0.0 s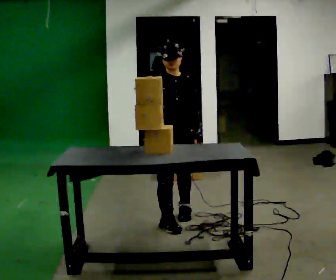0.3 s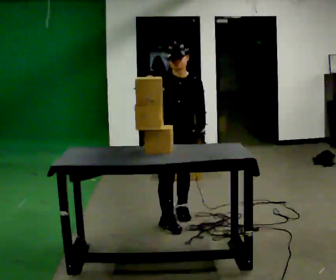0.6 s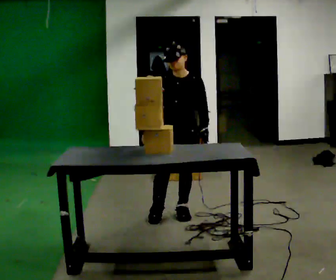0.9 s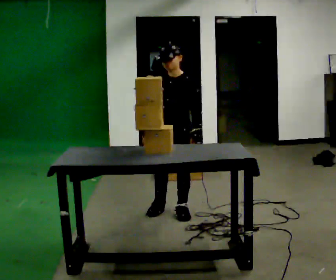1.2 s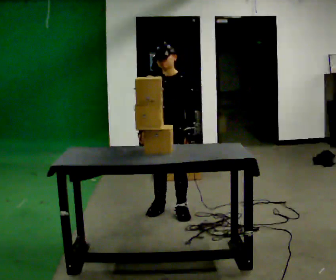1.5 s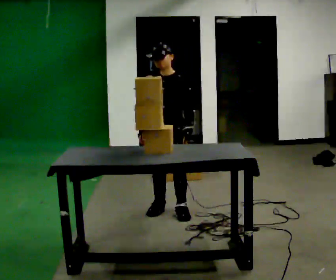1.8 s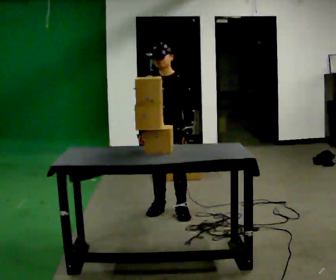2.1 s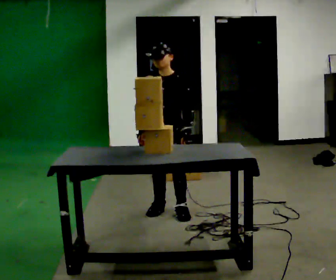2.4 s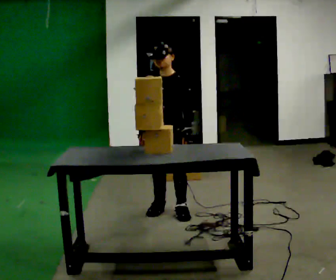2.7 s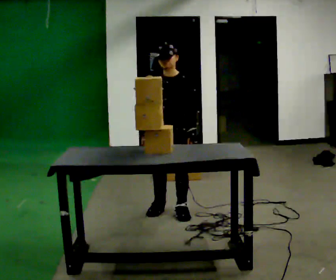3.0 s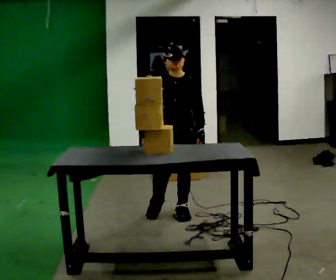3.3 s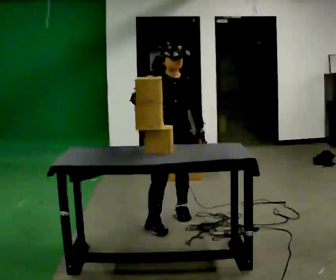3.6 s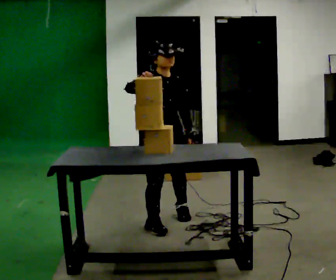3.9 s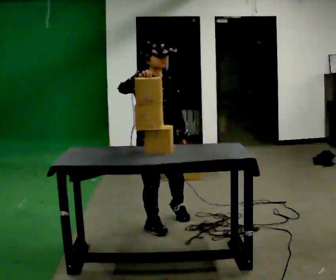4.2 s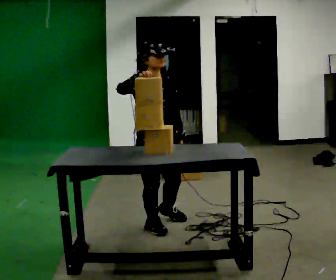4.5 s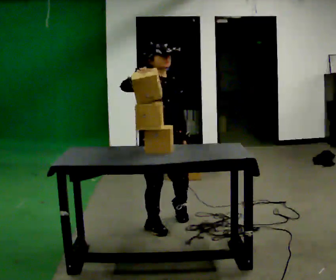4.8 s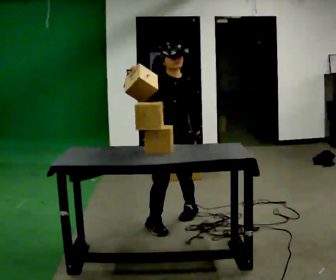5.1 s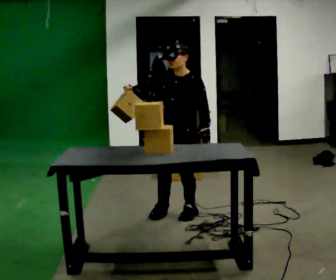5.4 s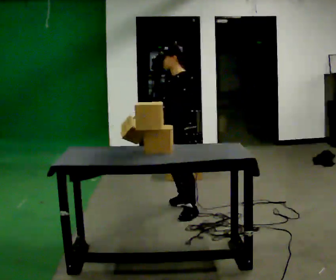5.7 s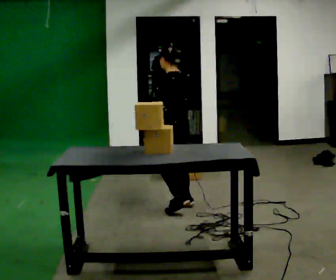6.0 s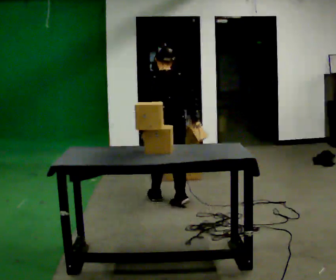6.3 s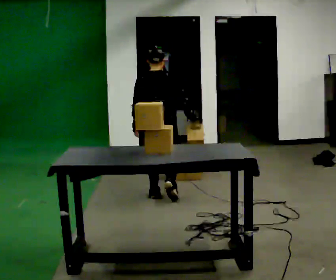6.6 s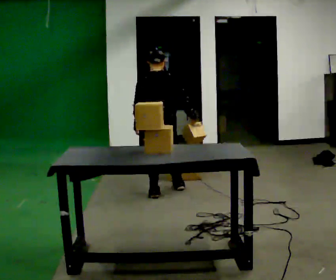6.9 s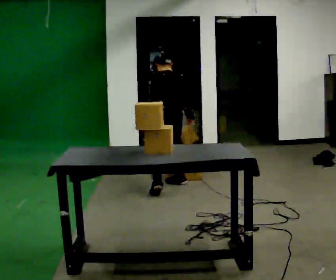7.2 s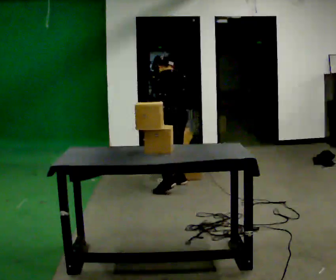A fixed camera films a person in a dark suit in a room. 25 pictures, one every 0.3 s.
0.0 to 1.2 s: Seen from above the body turns clockwise, about 45 degrees: to their right, with its near side sliding to the left. In the picture they go away from the camera, about 0.25 m in 1 step, which for them is backward. In the picture their right hand goes downward.
1.2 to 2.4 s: The person moves a little, or ends about where they began.
2.4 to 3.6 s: Seen from above the body turns counterclockwise, about 45 degrees: to their left, with its near side sliding to the right. In the picture they go toward the camera, about 0.25 m in 1 step, which for them is forward. In the picture their right hand goes upward.
3.6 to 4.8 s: The person moves a little, or ends about where they began.
4.8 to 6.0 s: The person turns about 180 degrees to their right, clockwise seen from above, so the part of the body nearest the lens slides to the left. In the picture they go away from the camera, about 0.5 m in 1 step. In the picture their right hand goes downward.
6.0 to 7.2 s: The part of the body nearest the lens slides to the right as the person turns to their left by about 45 degrees. In the picture they go away from the camera, about 0.5 m in 3 steps. The upper body tips away from the camera, its near side rolling upward, as they bend forward.
The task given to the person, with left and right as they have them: Take an object out of the bin at knee height, carry it across the room, and place it on the chest-height shelf. Keep going until the operator says stop; one object at a time, and do not rush between trips.
The film runs forward here.
